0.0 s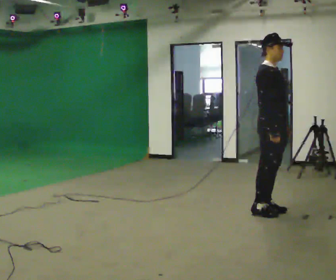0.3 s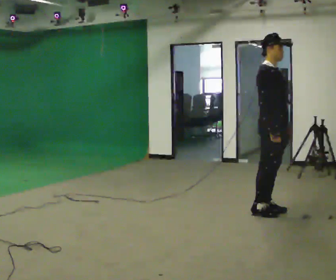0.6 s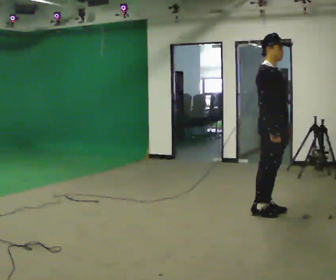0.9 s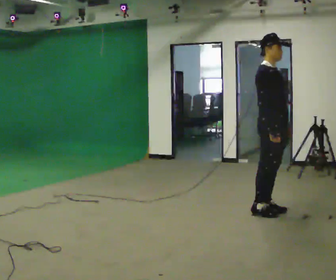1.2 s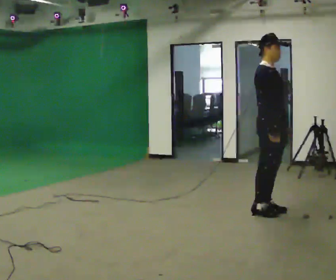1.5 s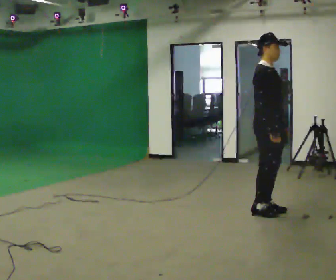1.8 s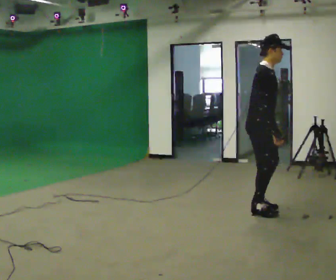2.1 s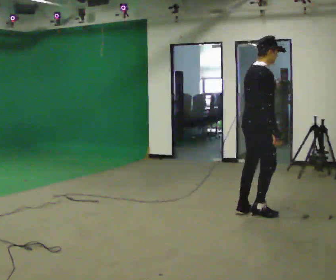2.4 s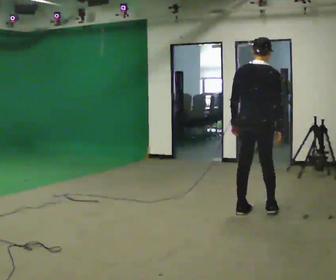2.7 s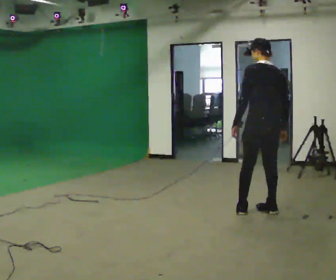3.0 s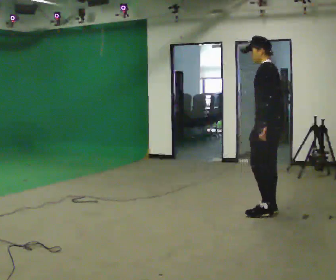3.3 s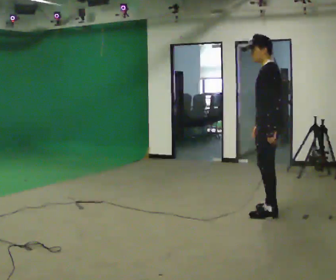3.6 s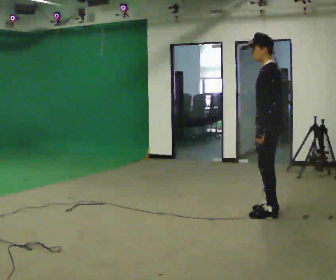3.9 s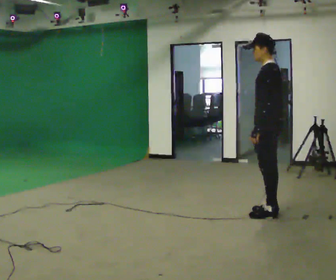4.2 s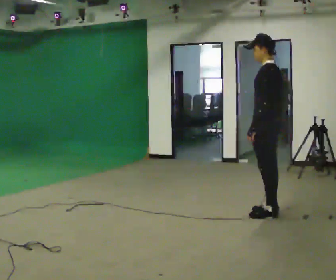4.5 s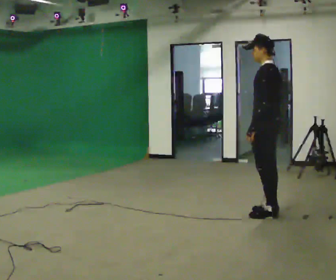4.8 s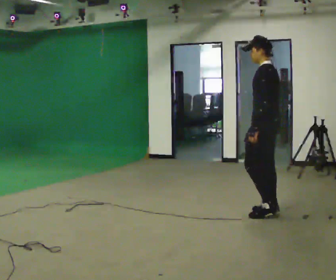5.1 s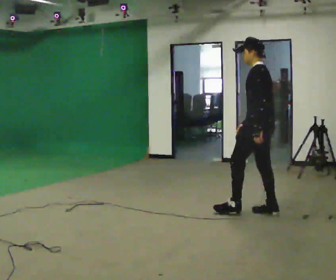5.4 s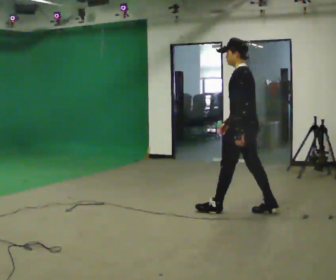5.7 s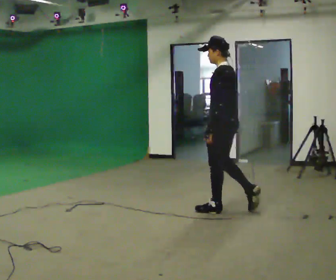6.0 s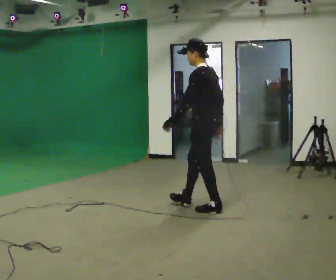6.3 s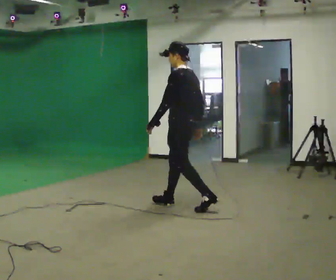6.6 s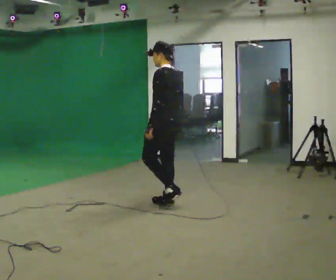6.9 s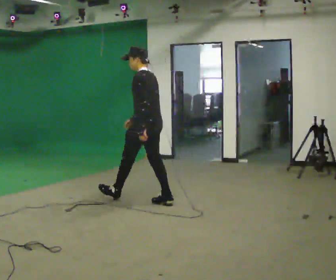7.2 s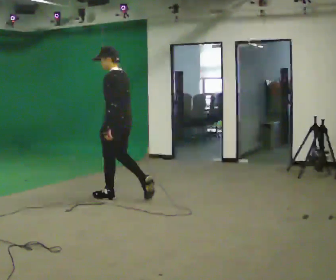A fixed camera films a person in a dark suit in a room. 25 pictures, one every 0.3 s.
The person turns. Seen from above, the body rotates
counterclockwise.
The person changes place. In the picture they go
to the left.
0.0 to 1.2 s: The person keeps their place and pose.
1.2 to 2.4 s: Seen from above the body turns counterclockwise, about 105 degrees: to their left, with its near side sliding to the right. In the picture their left hand goes to the left, the arm swinging clockwise.
2.4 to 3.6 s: Seen from above the body turns counterclockwise, about 90 degrees: to their left, with its near side sliding to the right. In the picture their left hand goes to the right.
3.6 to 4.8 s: The person moves a little, or ends about where they began.
4.8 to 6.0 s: In the picture they go to the left, about 0.75 m in 1 step, which for them is forward.
6.0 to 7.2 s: In the picture they go to the left, about 1 m in 2 steps, which for them is forward.
The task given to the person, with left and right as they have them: Start still; gradually go slow → normal → fast; briefly maintain fast speed; stop.
The film runs forward here.
